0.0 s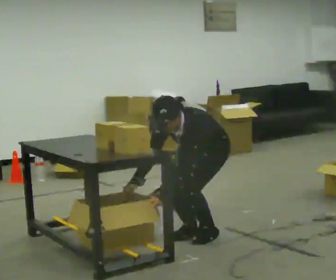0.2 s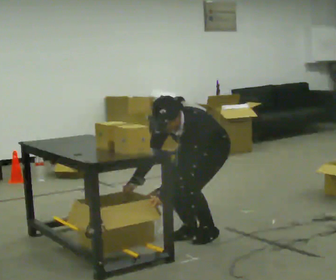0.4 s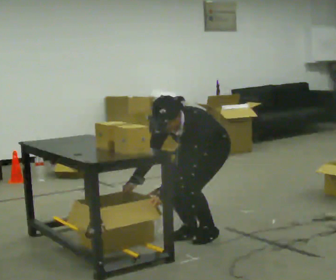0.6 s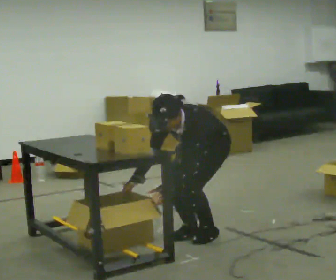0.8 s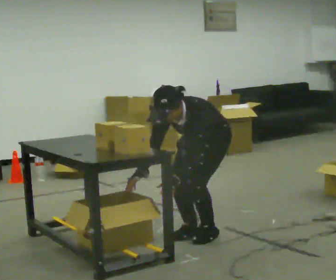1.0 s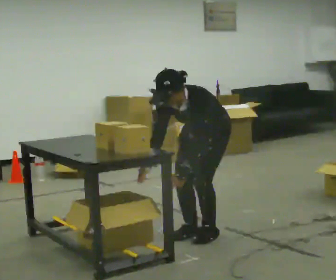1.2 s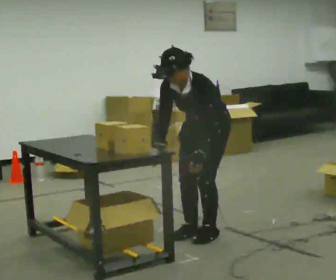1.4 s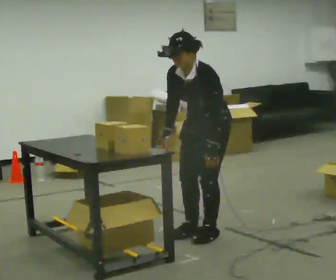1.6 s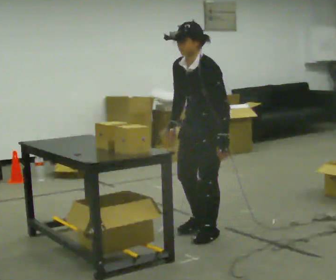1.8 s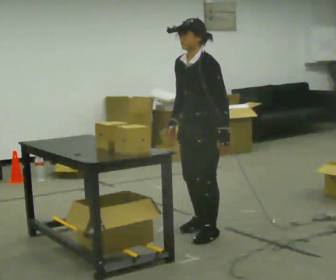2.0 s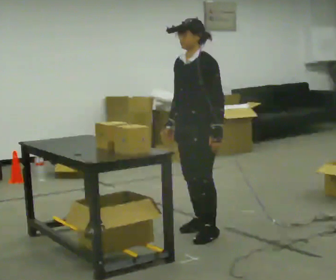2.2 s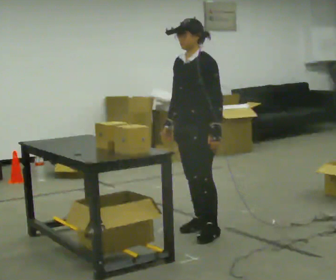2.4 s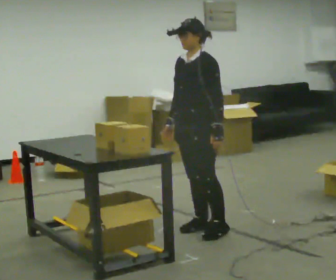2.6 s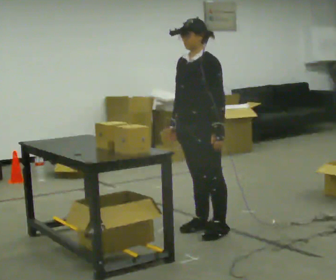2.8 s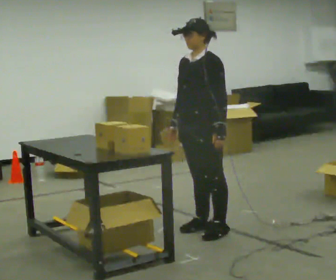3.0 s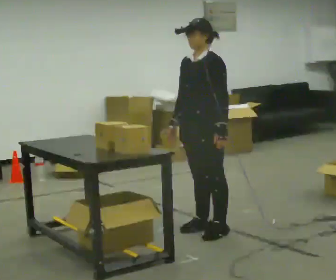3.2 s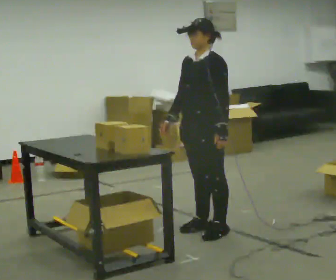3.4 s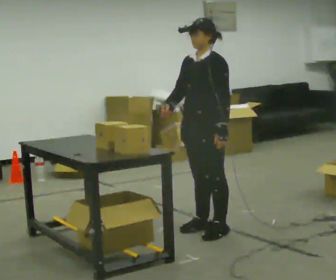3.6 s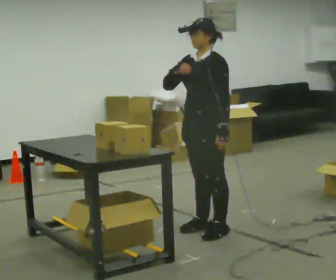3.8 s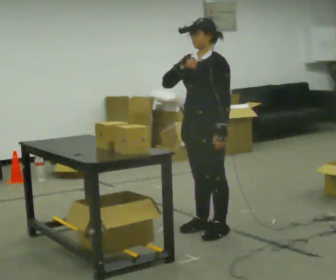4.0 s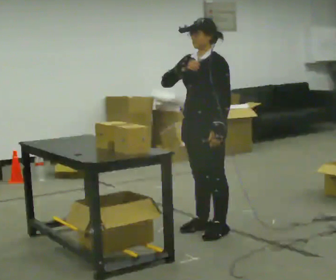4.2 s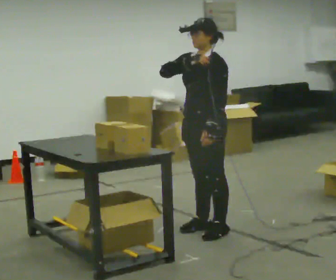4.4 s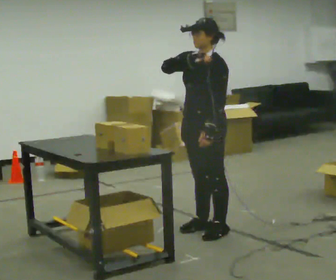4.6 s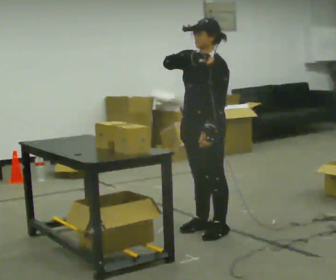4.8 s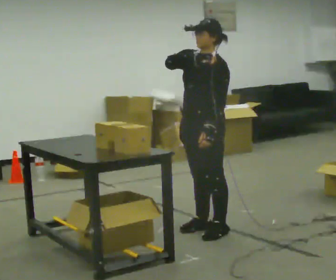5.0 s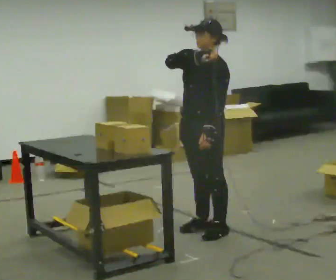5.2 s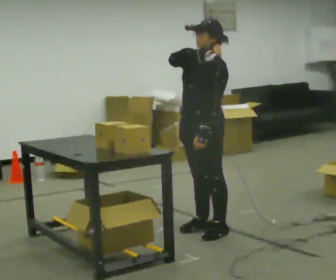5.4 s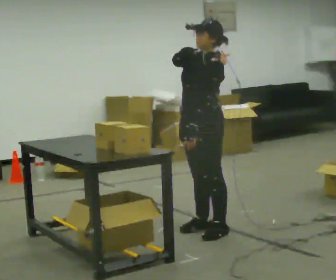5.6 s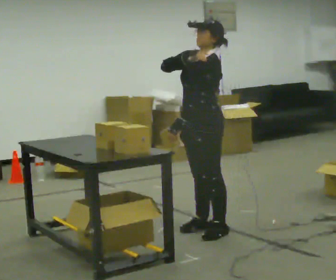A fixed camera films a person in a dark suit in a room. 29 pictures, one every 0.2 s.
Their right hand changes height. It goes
upward.
The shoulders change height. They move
upward.
0.0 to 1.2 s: The shoulders move upward. The upper body tips away from the camera, its near side rolling upward, as they lean back or straighten.
1.2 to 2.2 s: The upper body tips away from the camera, its near side rolling upward, as they lean back or straighten.
2.2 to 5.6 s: In the picture their right hand goes upward.
The film runs forward here.
